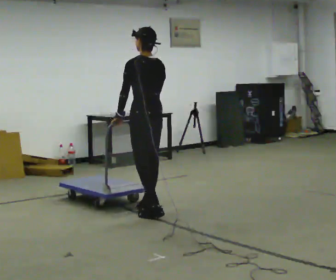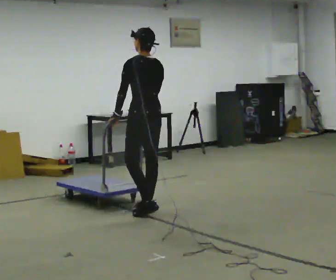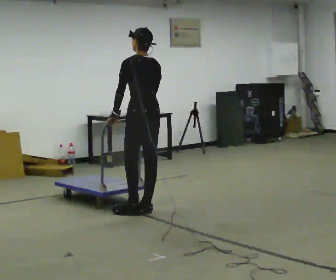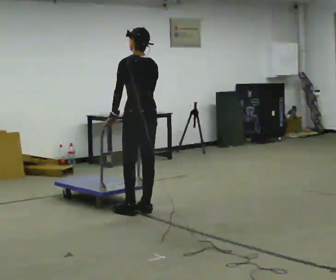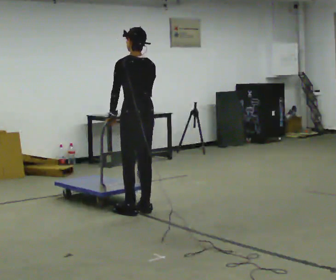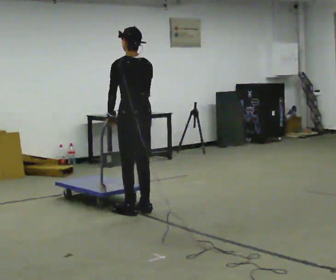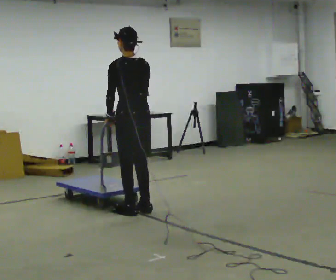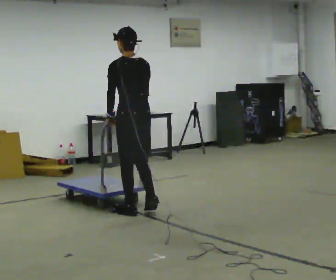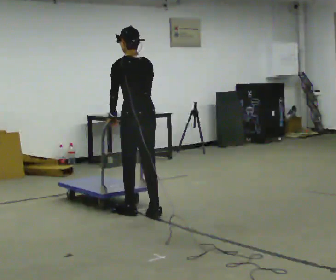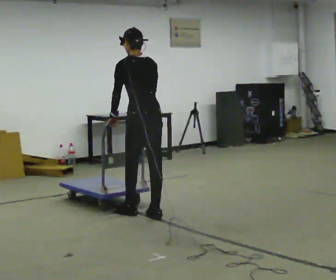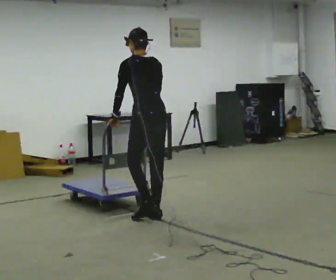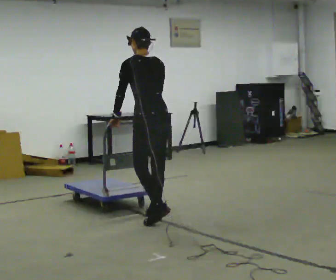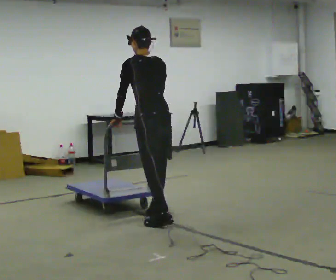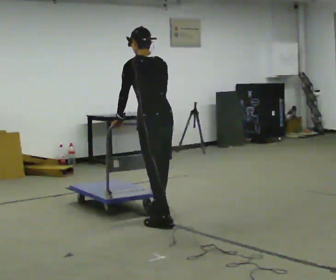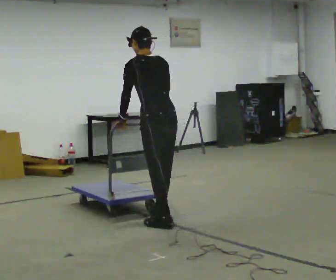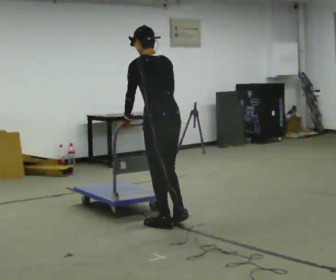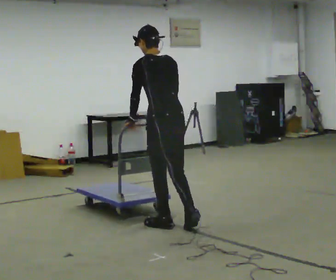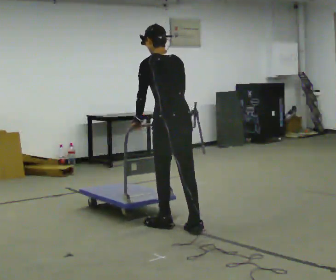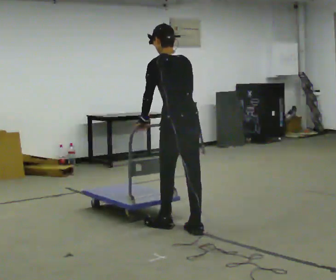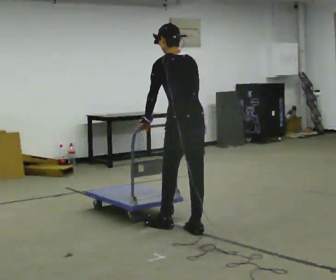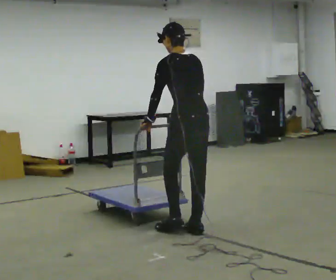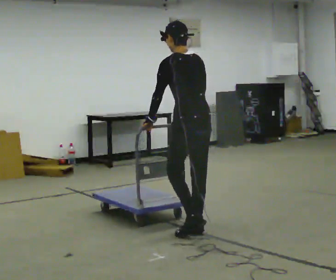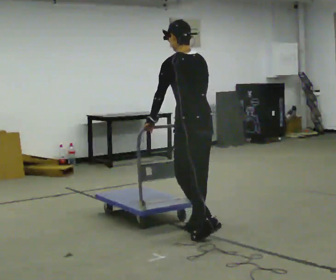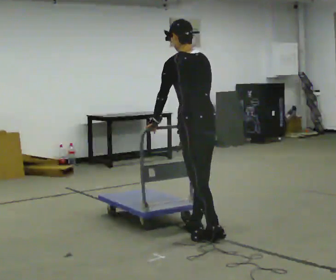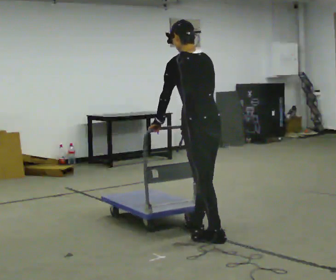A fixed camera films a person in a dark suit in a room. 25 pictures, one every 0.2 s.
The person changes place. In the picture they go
toward the camera.
0.0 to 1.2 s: The person moves a little, or ends about where they began.
1.2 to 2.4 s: In the picture they go toward the camera and to the right, about 0.25 m in 2 steps, which for them is backward.
2.4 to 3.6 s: In the picture they go toward the camera and to the right, about 0.5 m in 1 step, which for them is backward.
3.6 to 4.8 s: In the picture they go toward the camera and to the right, about 0.25 m in 1 step, which for them is backward.
The film runs backward here.
